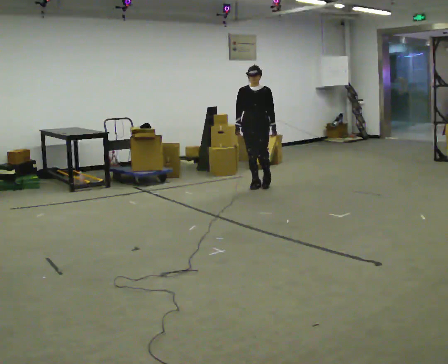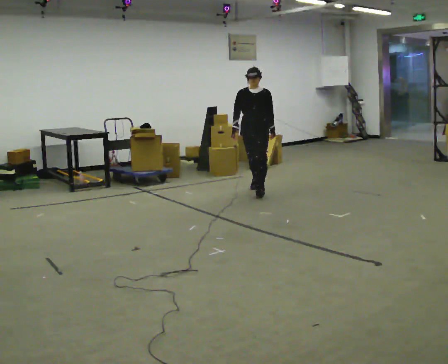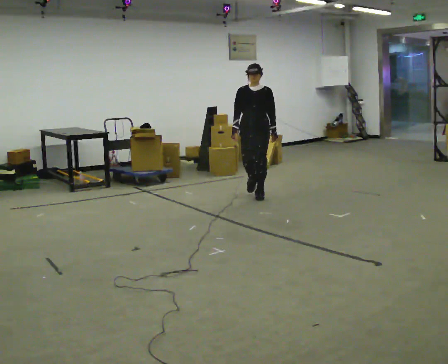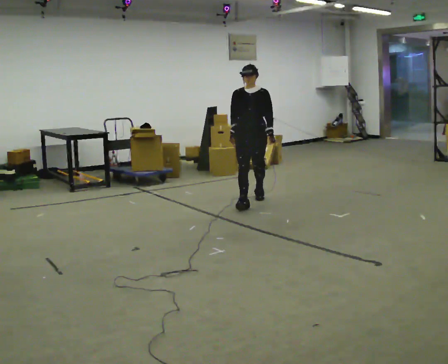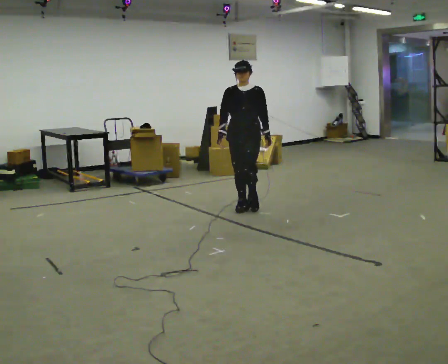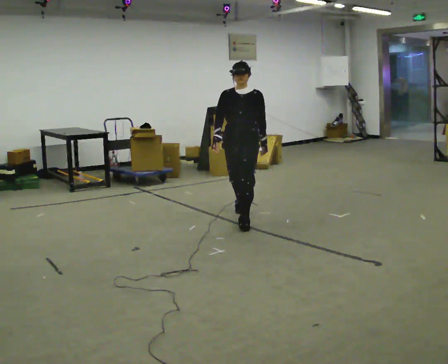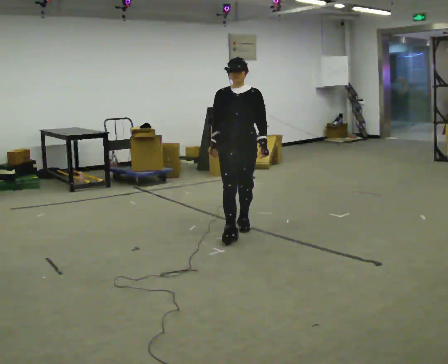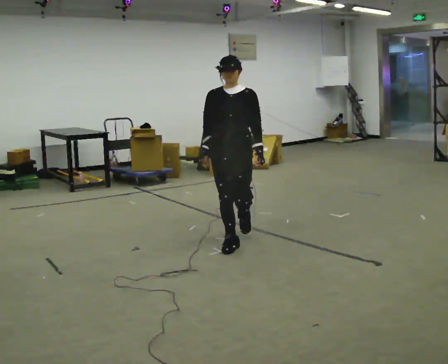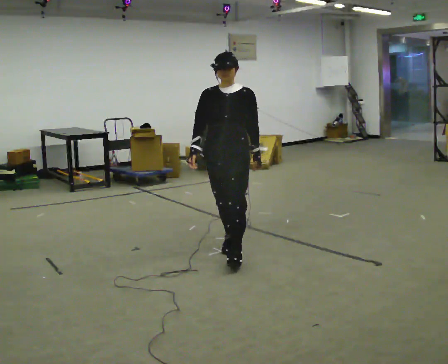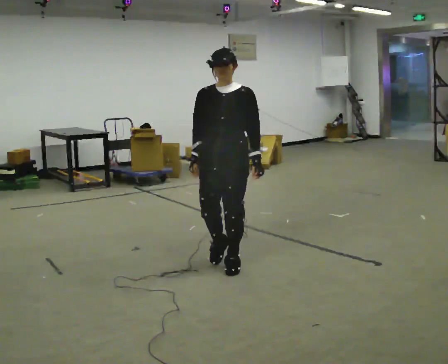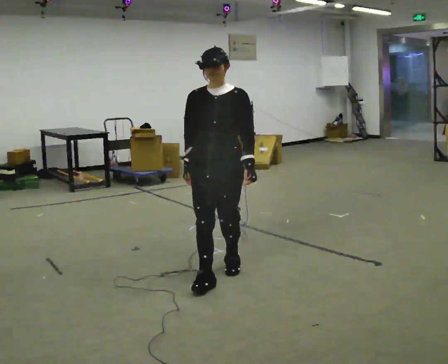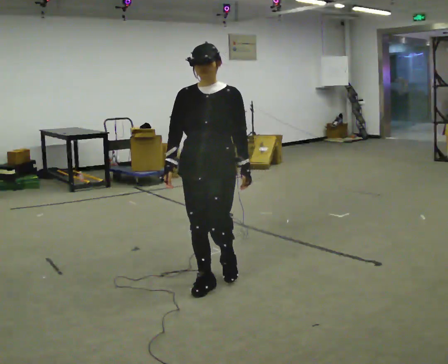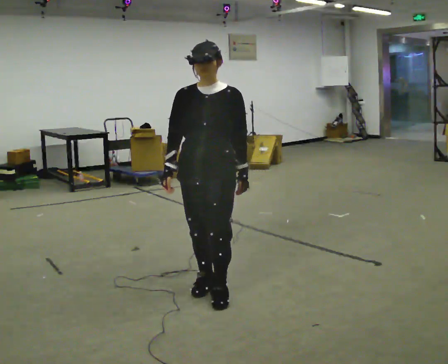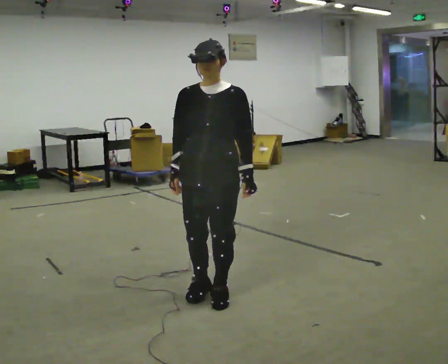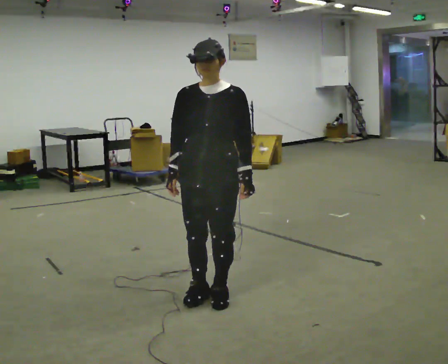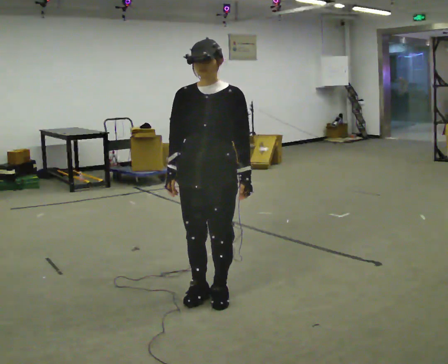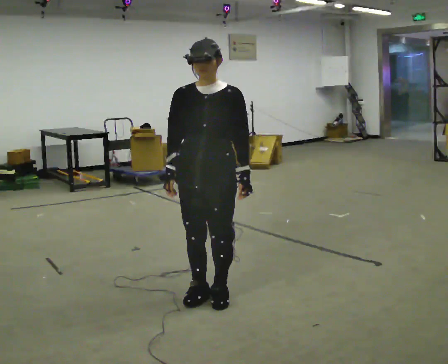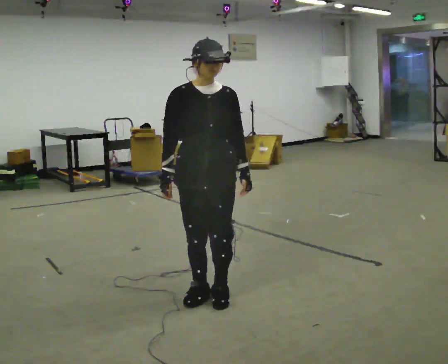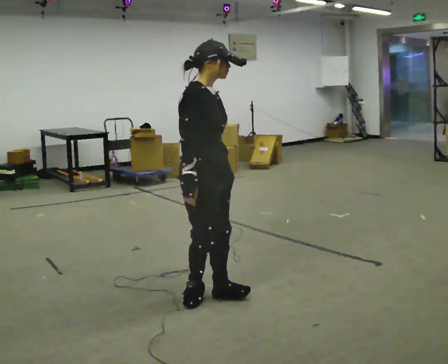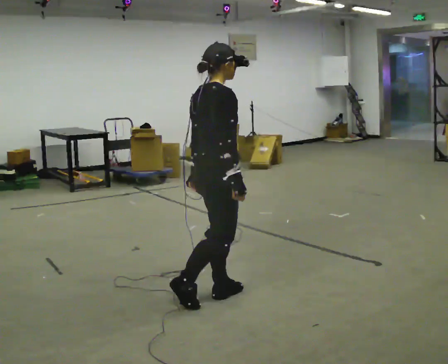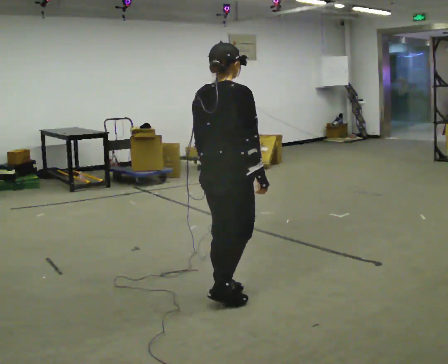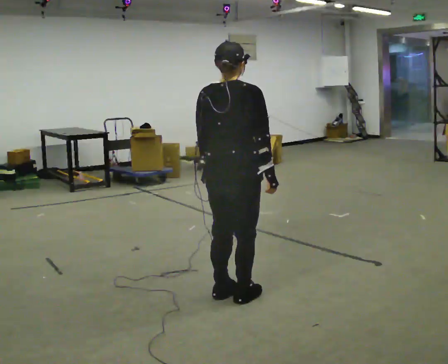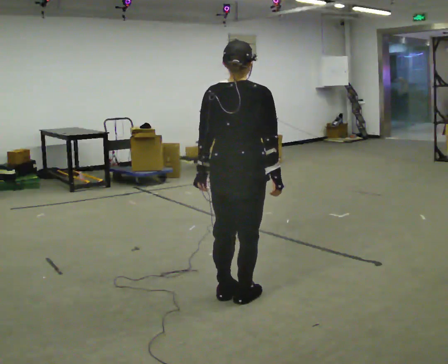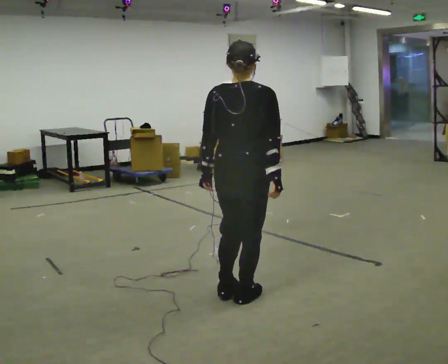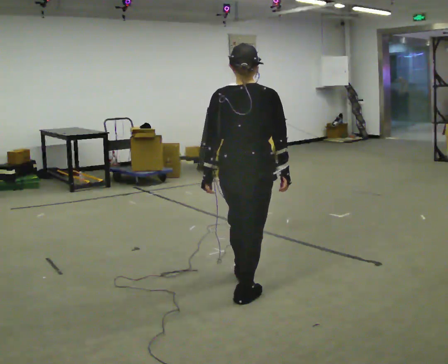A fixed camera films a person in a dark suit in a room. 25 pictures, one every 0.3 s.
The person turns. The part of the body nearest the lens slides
to the right.
The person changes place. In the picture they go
toward the camera.
0.0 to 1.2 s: In the picture they go toward the camera, about 1 m in 2 steps, which for them is forward.
1.2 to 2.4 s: In the picture they go toward the camera, about 1.5 m in 2 steps, which for them is forward.
2.4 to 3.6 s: In the picture they go toward the camera, about 1 m in 3 steps, which for them is forward.
3.6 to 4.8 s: The person moves a little, or ends about where they began.
4.8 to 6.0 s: Seen from above the body turns counterclockwise, about 150 degrees: to their left, with its near side sliding to the right. In the picture their right hand goes to the right, the arm swinging counterclockwise.
6.0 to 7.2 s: The person turns about 30 degrees to their left, counterclockwise seen from above, so the part of the body nearest the lens slides to the right.
The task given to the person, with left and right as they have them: Start still; accelerate to fast walking; hold the fast speed for several steps; decelerate and stop. Do not run.
The film runs forward here.
